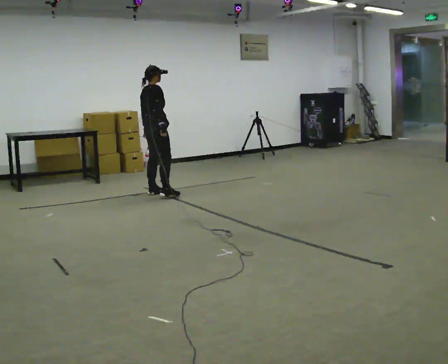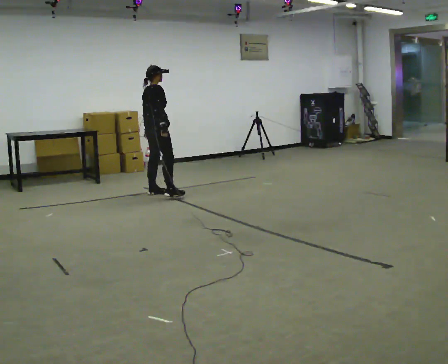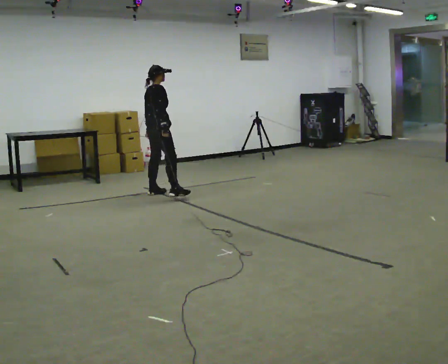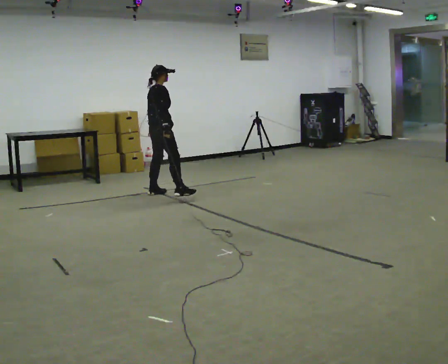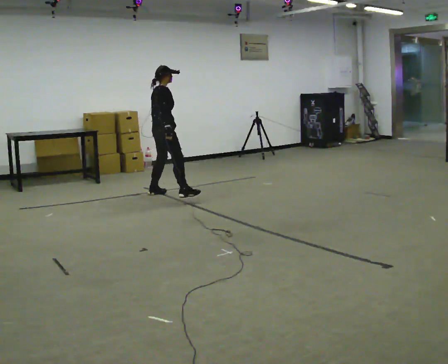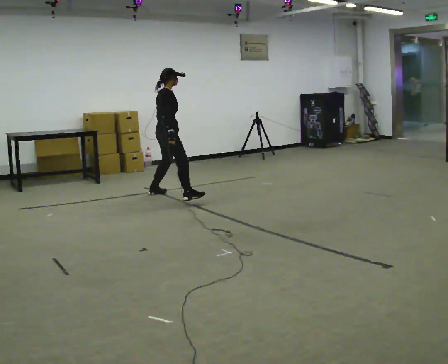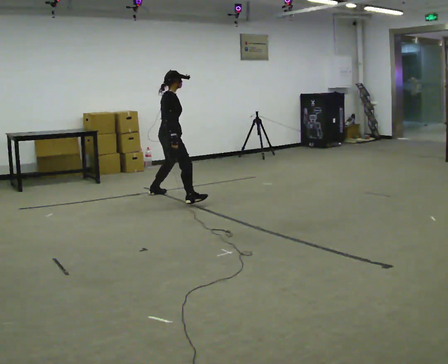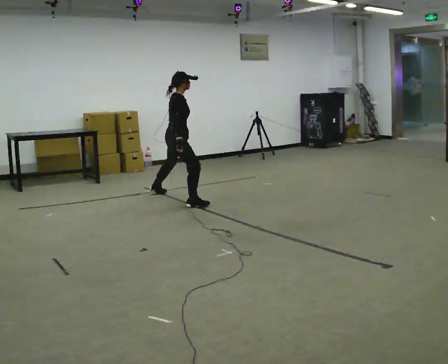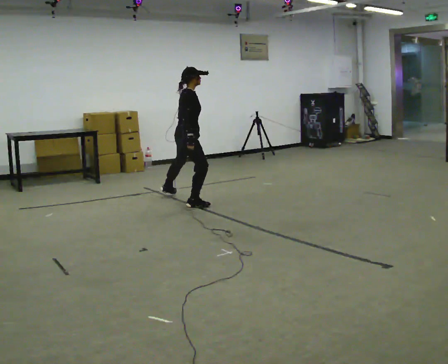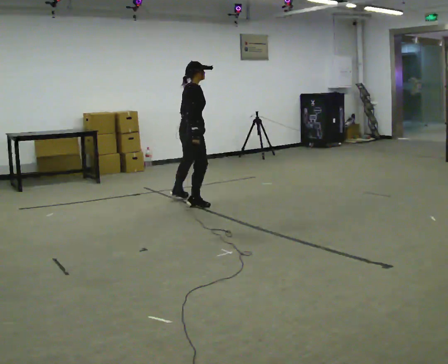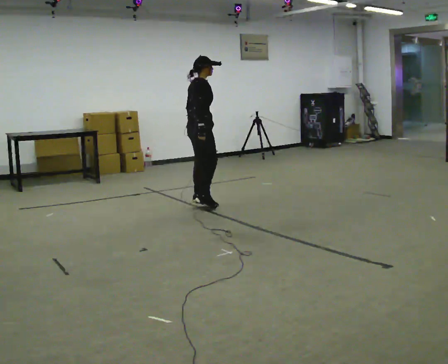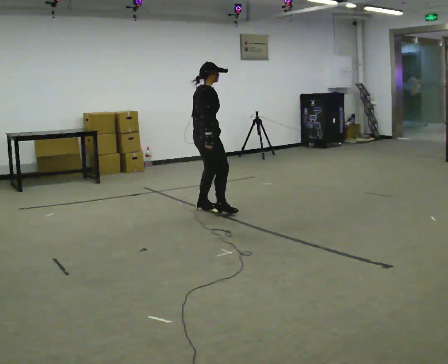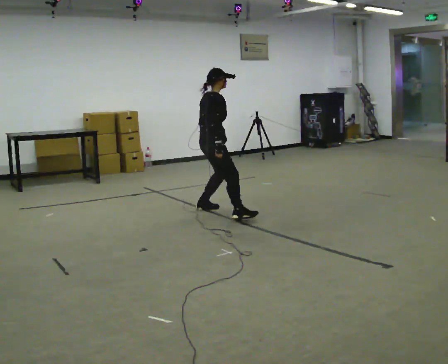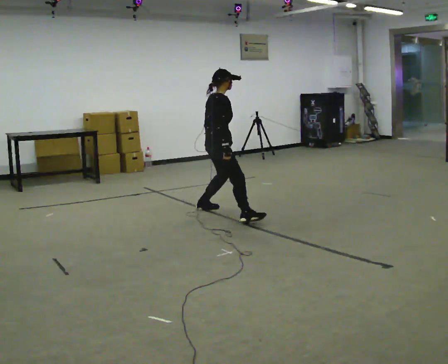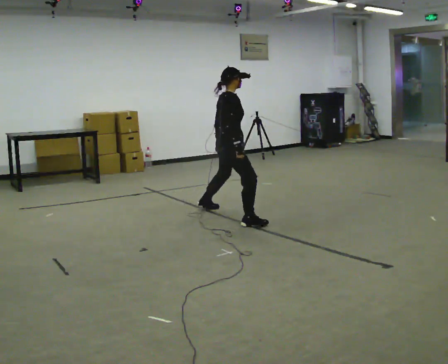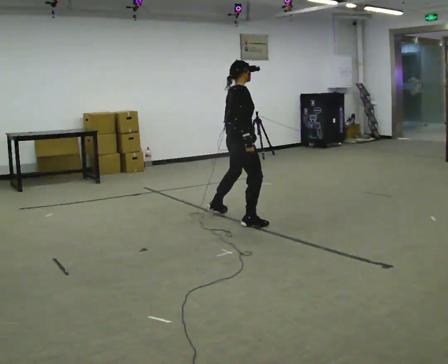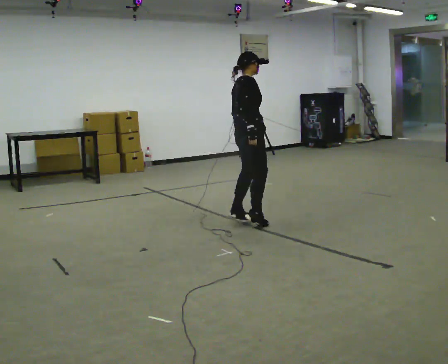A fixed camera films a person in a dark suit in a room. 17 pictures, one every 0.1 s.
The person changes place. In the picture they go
toward the camera.
0.0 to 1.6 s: In the picture they go toward the camera and to the right, about 1.5 m in 2 steps, which for them is to their right.
The film runs forward here.
